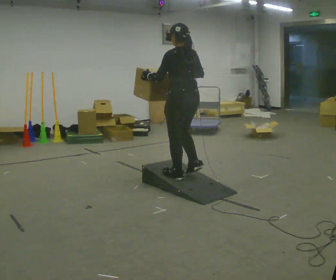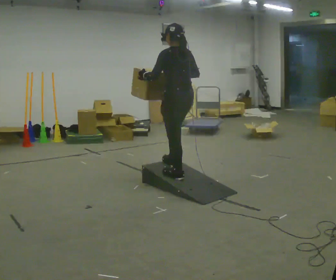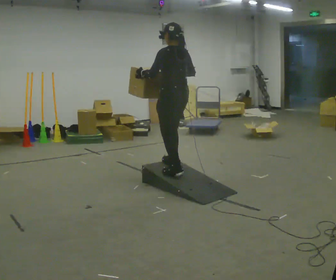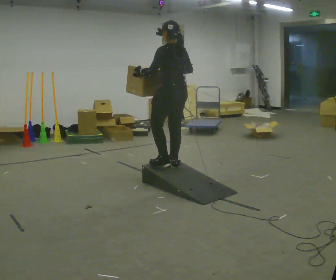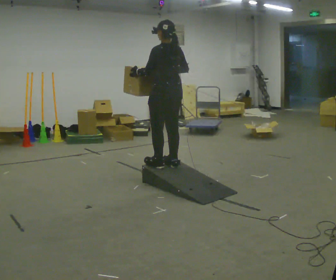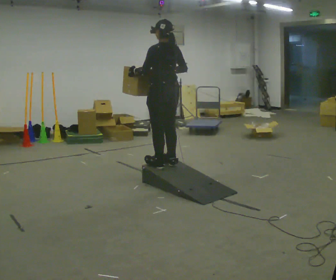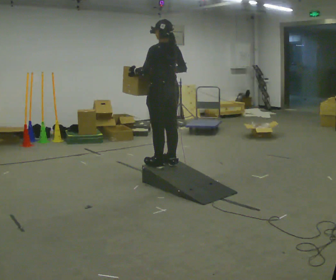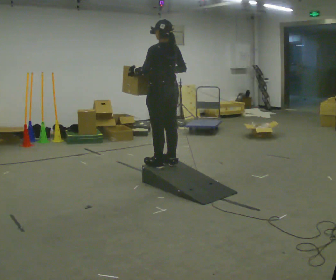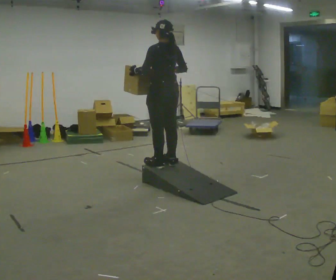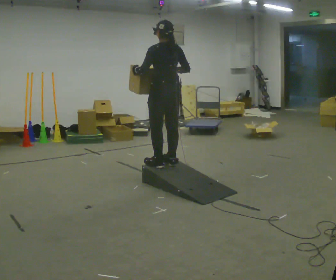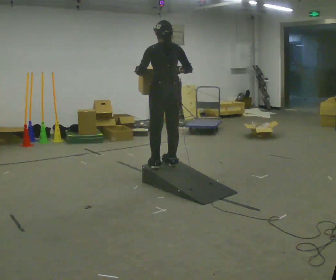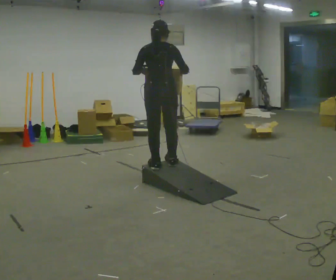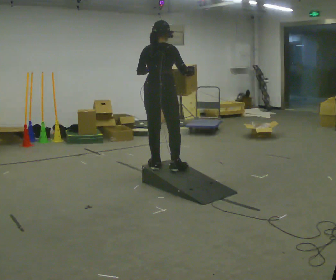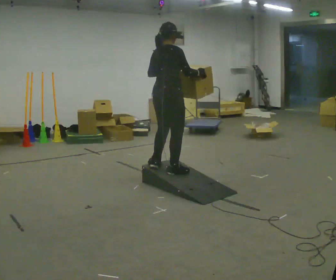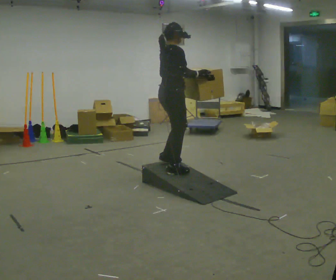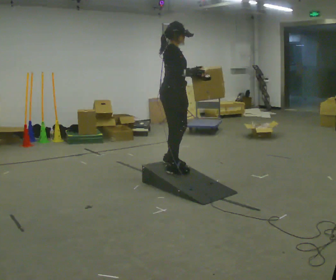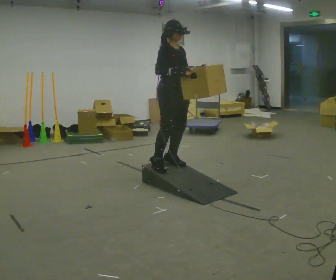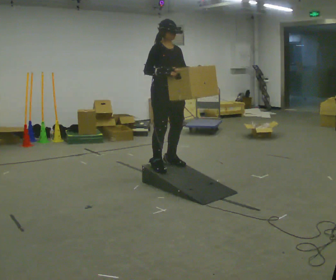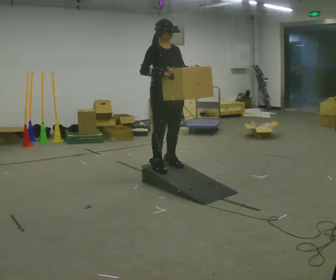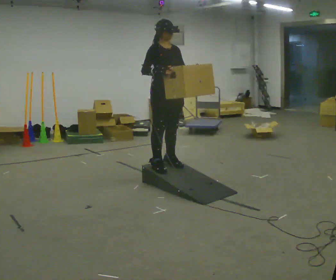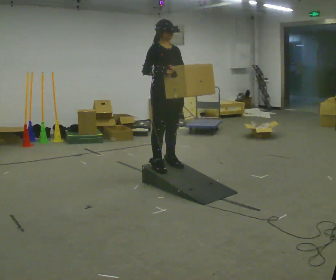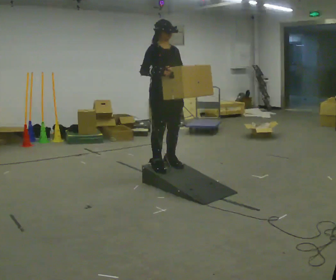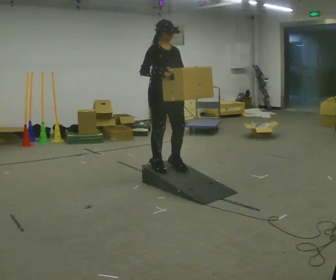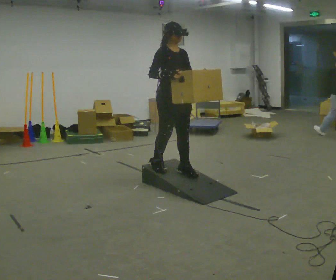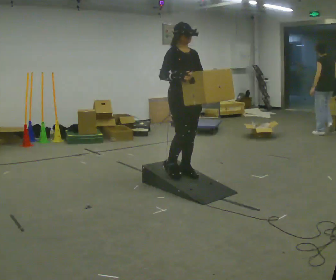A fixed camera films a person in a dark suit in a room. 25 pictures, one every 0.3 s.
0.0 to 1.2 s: In the picture they go away from the camera and to the left, about 0.25 m in 2 steps, which for them is forward.
1.2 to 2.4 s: The person moves a little, or ends about where they began.
2.4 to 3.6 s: Seen from above the body turns clockwise, about 60 degrees: to their right, with its near side sliding to the left.
3.6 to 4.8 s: Seen from above the body turns clockwise, about 105 degrees: to their right, with its near side sliding to the left.
4.8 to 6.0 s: The person moves a little, or ends about where they began.
6.0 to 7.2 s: In the picture they go to the right, about 0.25 m in 1 step, which for them is forward.
The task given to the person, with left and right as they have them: Carry the box up the ramp, turn at the top, and carry it back down. Keep going until the operator says stop; one object at a time, and do not rush between trips.
The film runs forward here.
